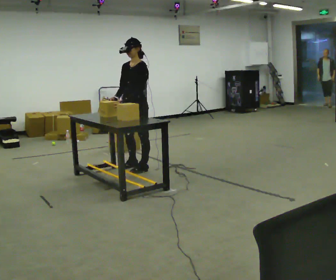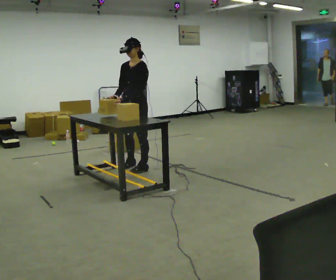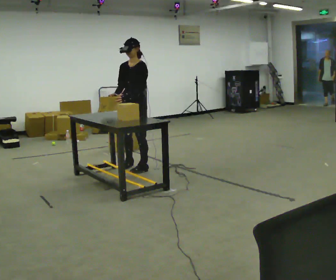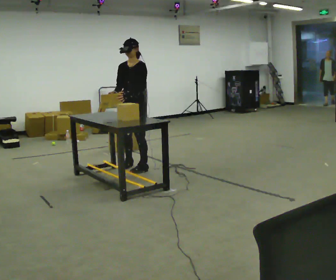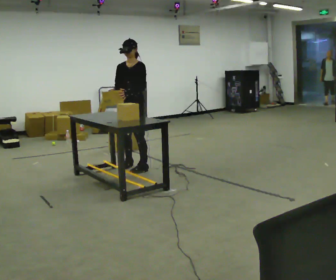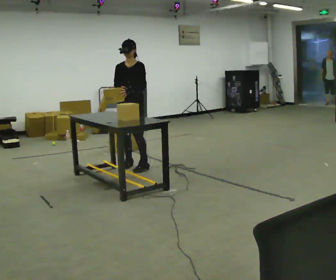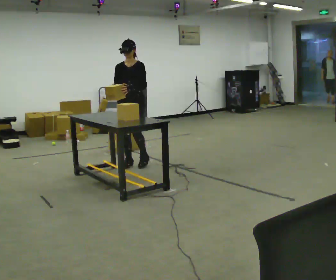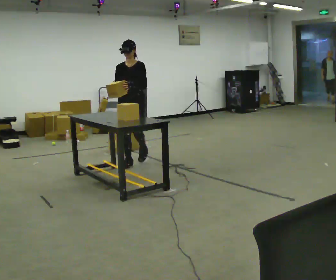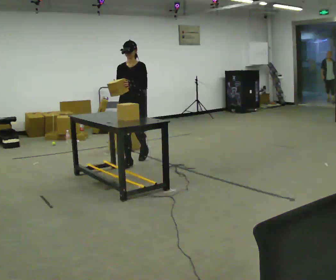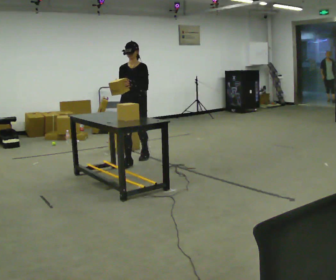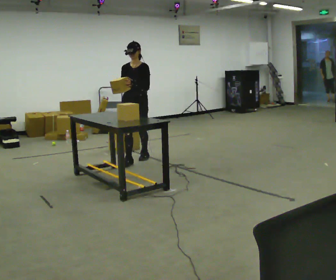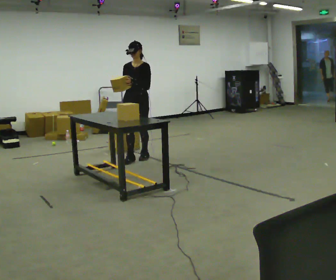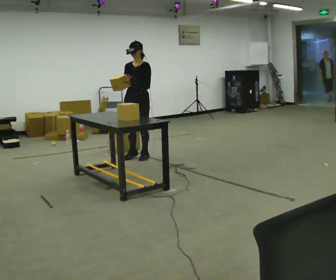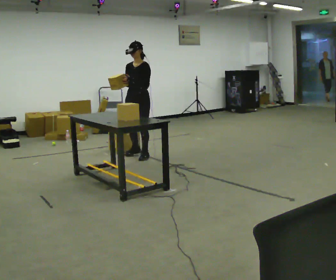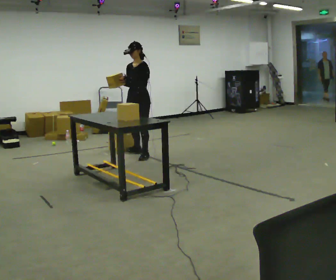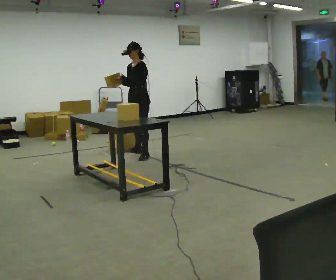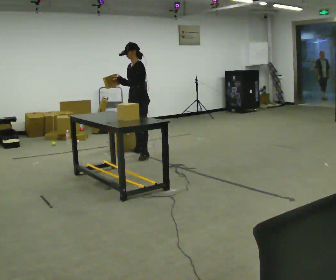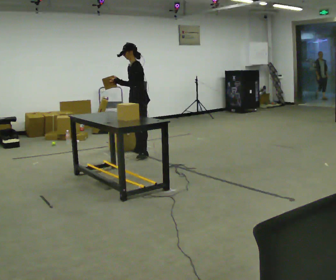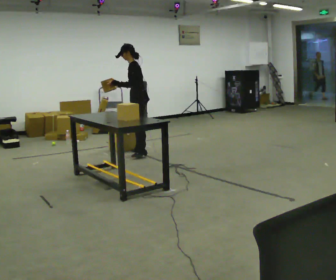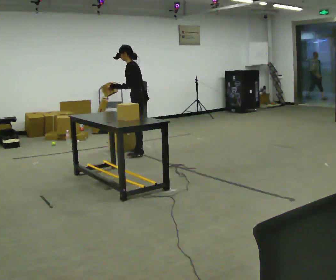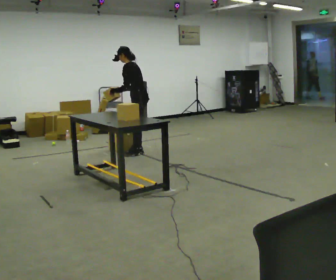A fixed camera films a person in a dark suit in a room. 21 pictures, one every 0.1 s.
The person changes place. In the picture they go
away from the camera.
0.0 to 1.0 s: The person turns about 30 degrees to their left, counterclockwise seen from above, so the part of the body nearest the lens slides to the right. In the picture they go away from the camera, about 0.5 m in 2 steps, which for them is backward and to their right.
1.0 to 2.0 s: Seen from above the body turns clockwise, about 90 degrees: to their right, with its near side sliding to the left. In the picture they go away from the camera, about 0.5 m in 1 step. In the picture the upper body tilts counterclockwise, shoulders to the left, as they bend forward.
The film runs backward here.
